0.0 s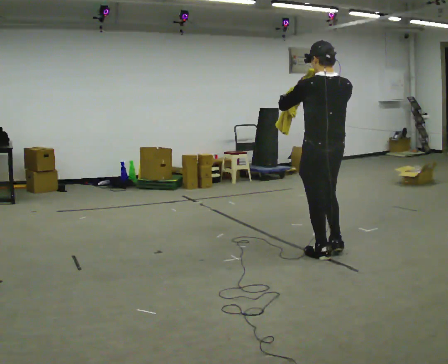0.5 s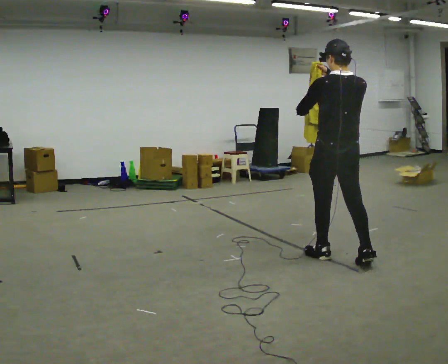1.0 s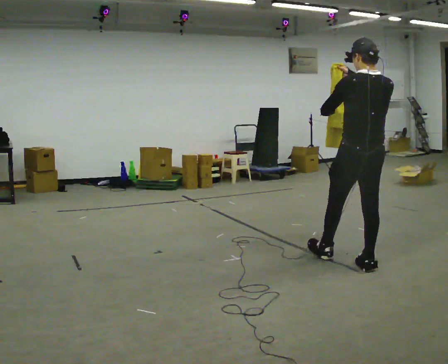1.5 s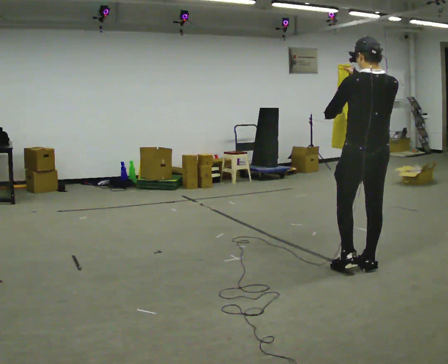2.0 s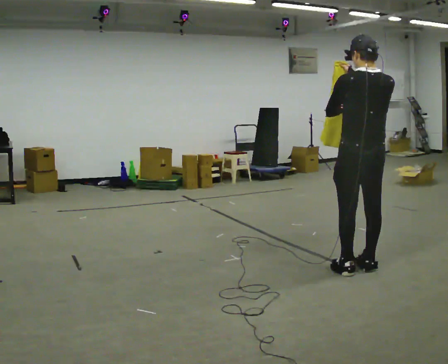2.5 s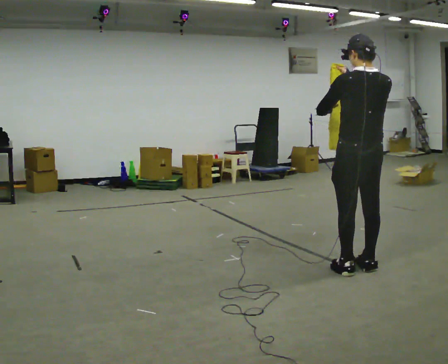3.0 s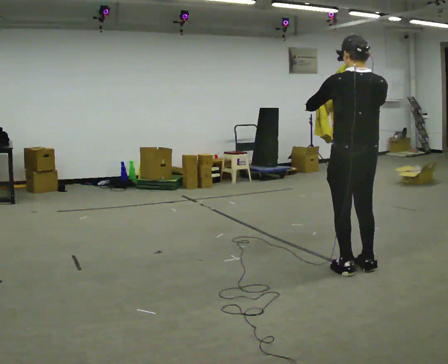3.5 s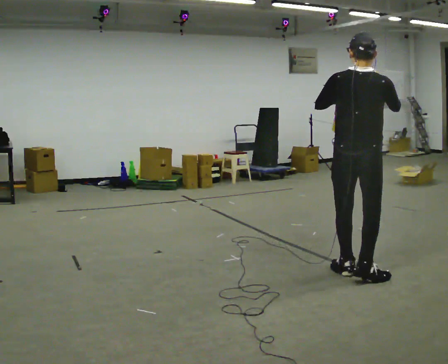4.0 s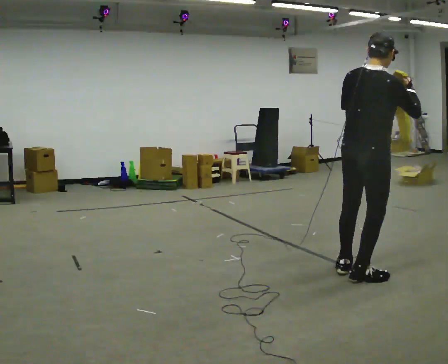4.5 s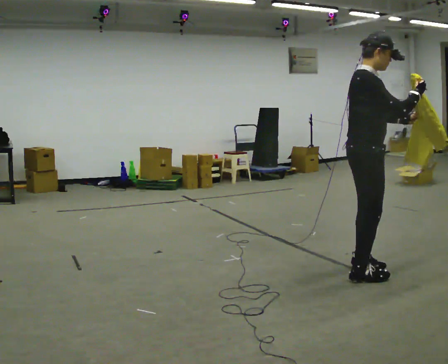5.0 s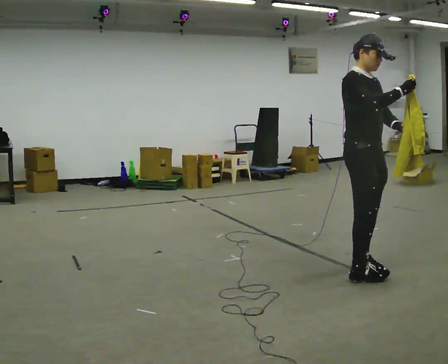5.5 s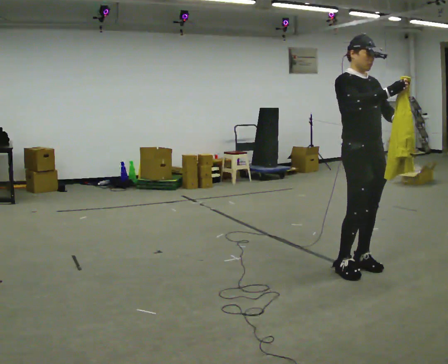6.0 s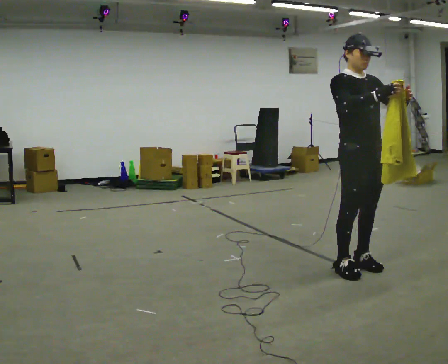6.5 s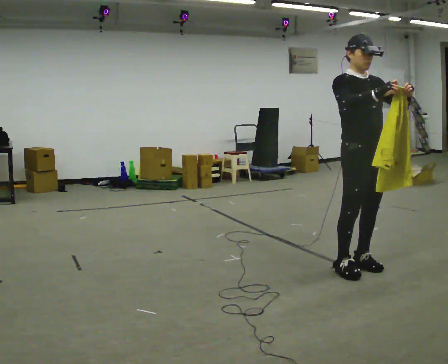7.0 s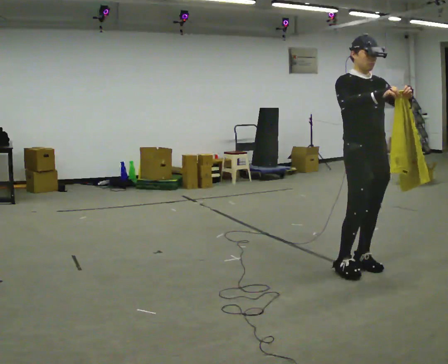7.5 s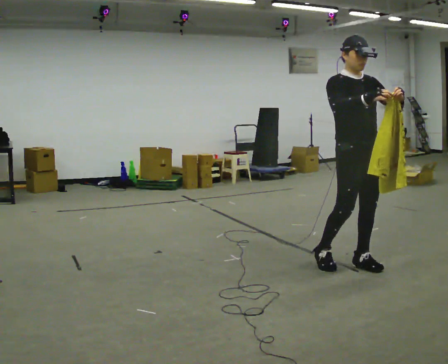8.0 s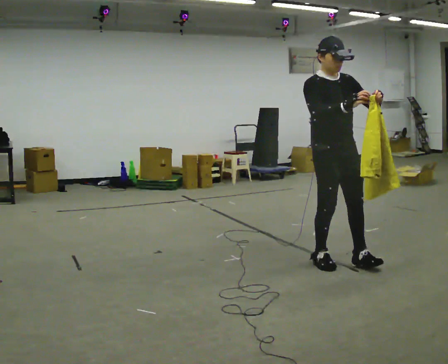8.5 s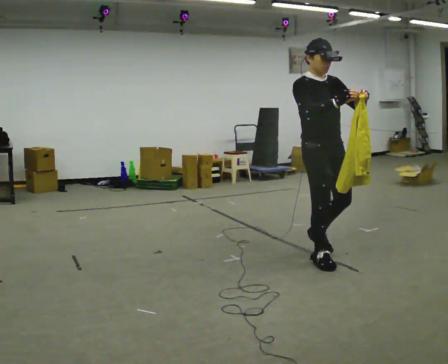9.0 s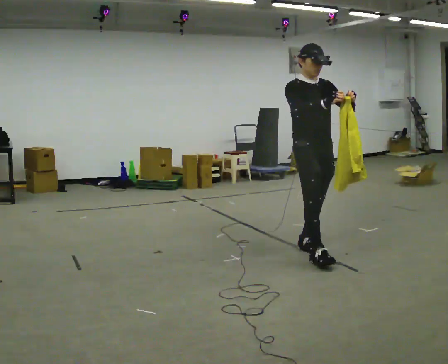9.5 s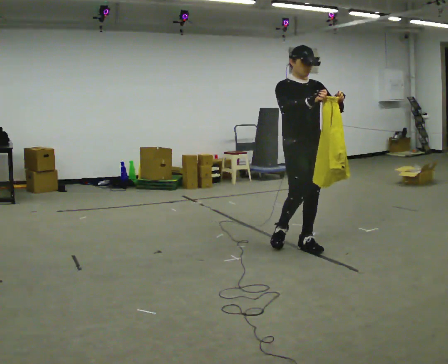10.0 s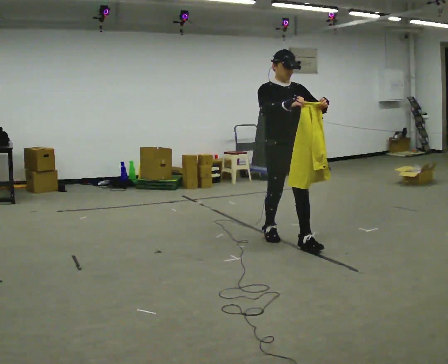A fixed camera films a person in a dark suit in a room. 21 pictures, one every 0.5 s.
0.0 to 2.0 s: In the picture they go to the right and toward the camera, about 0.5 m in 1 step, which for them is backward.
2.0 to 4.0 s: Seen from above the body turns clockwise, about 60 degrees: to their right, with its near side sliding to the left. In the picture they go toward the camera, about 0.25 m in 2 steps, which for them is backward. In the picture their right hand goes to the right.
4.0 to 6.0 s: The person turns about 105 degrees to their right, clockwise seen from above, so the part of the body nearest the lens slides to the left. In the picture they go away from the camera, about 0.25 m in 1 step. In the picture the upper body tilts counterclockwise, shoulders to the left. In the picture their left hand goes to the right.
6.0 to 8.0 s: In the picture they go to the left, about 0.25 m in 1 step, which for them is backward.
8.0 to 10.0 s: In the picture they go to the left and away from the camera, about 0.5 m in 2 steps, which for them is backward.
The film runs backward here.
